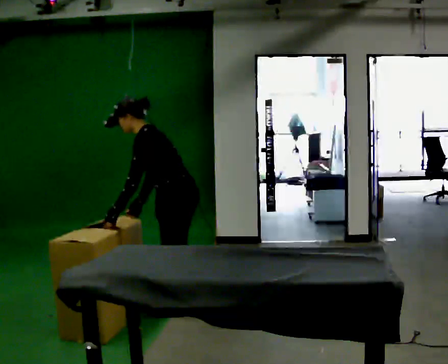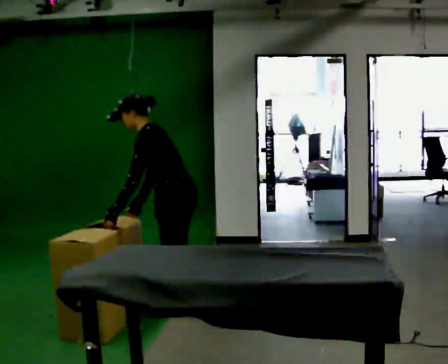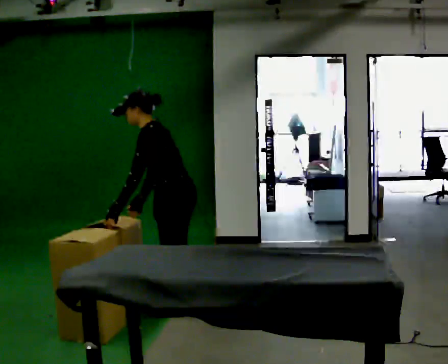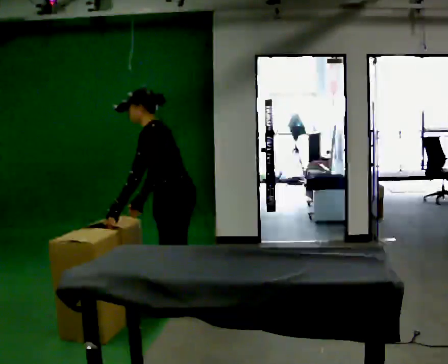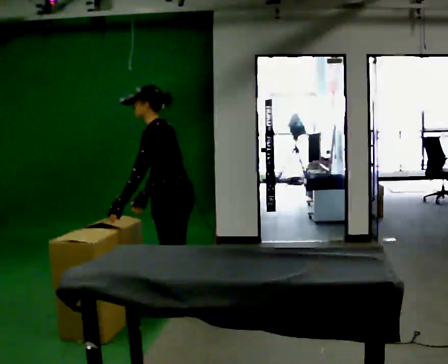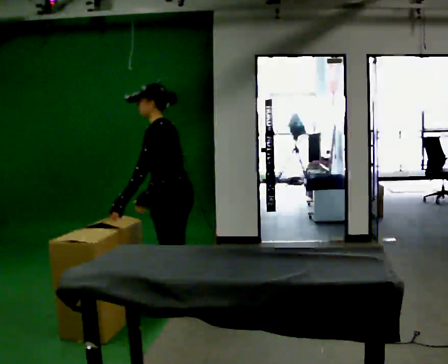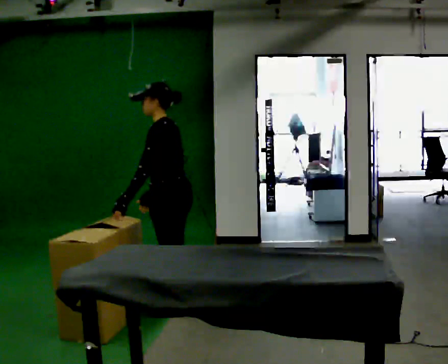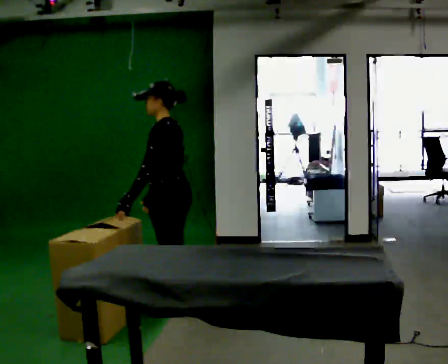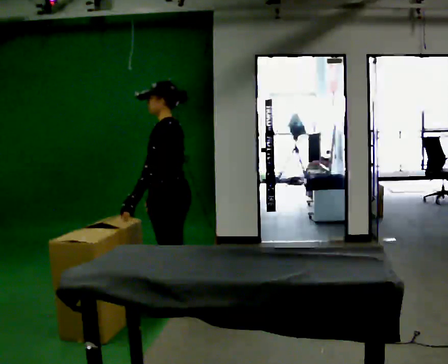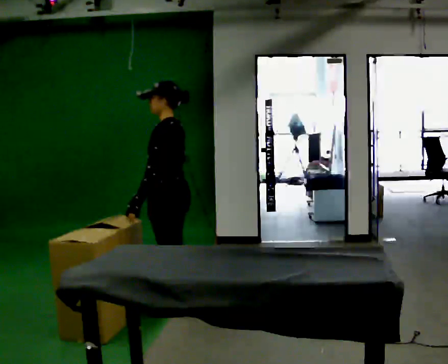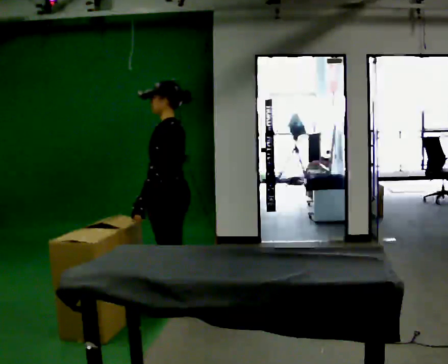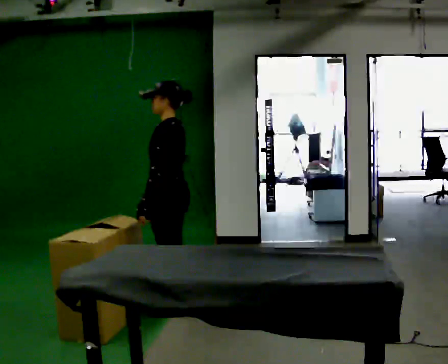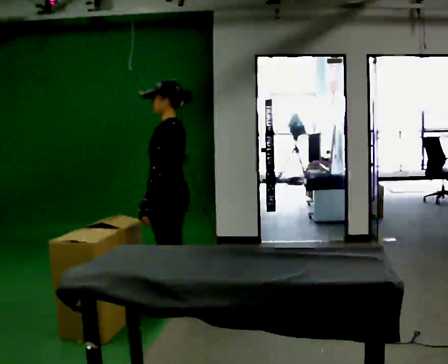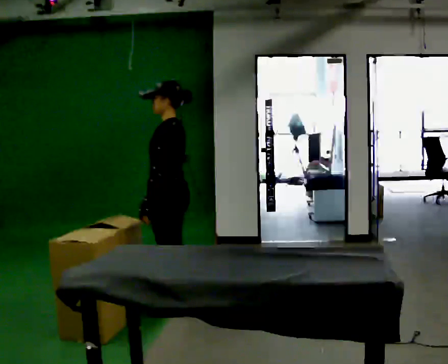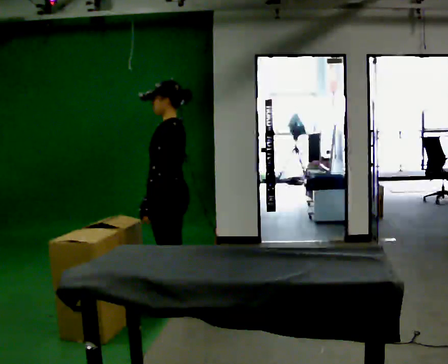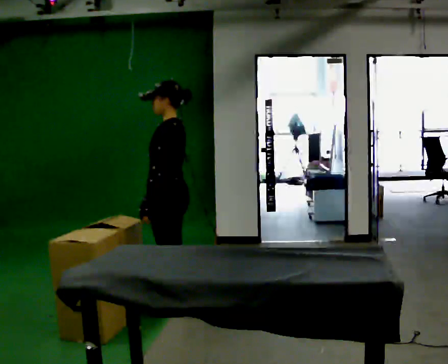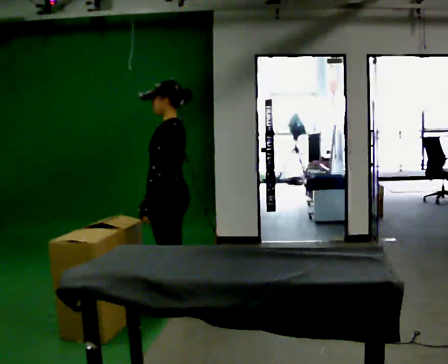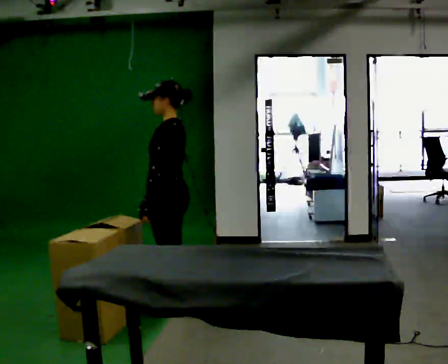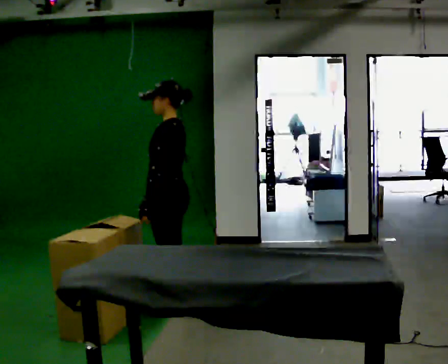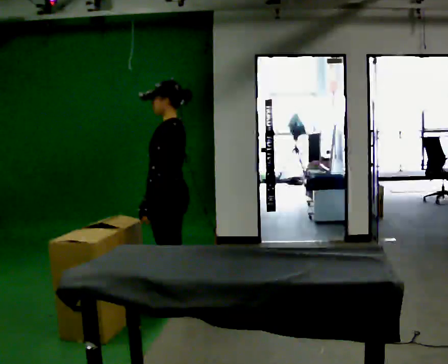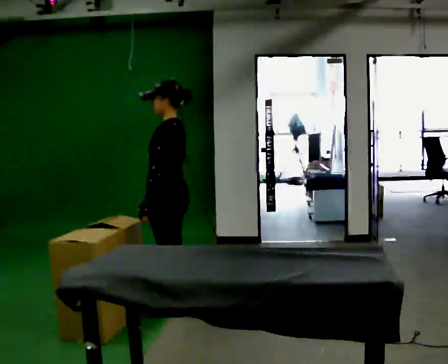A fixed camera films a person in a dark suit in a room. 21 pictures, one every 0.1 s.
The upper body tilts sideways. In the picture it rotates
clockwise.
0.0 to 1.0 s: In the picture the upper body tilts clockwise, shoulders to the right, as they lean back or straighten.
1.0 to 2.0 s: The person moves a little, or ends about where they began.
The film runs backward here.
